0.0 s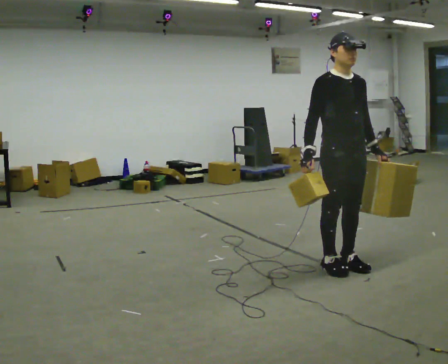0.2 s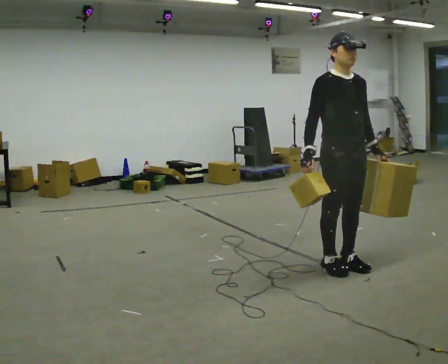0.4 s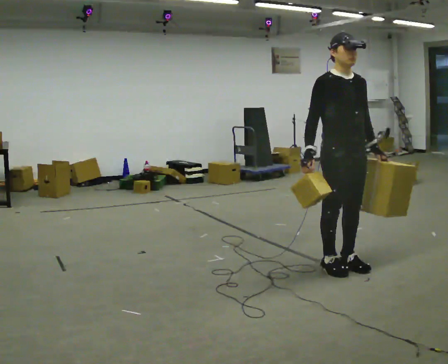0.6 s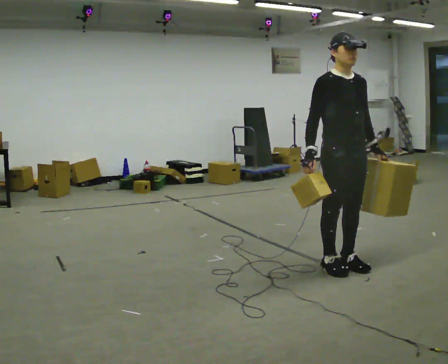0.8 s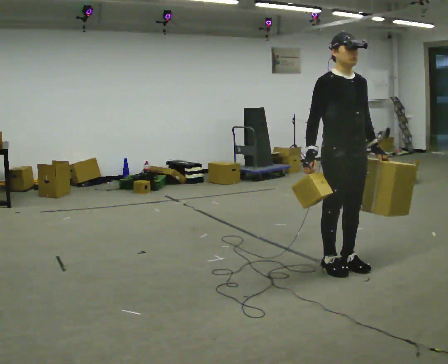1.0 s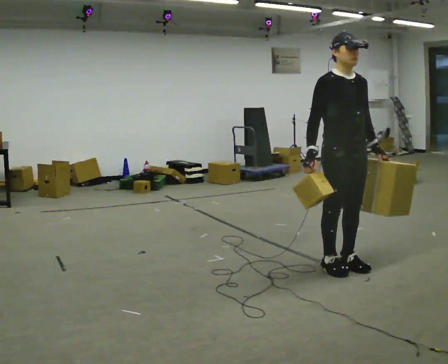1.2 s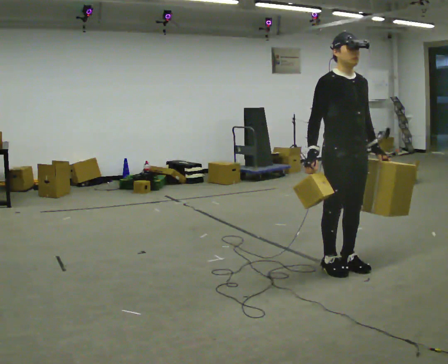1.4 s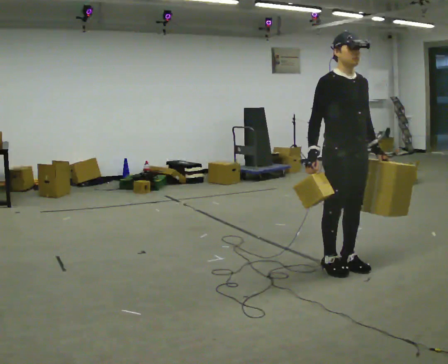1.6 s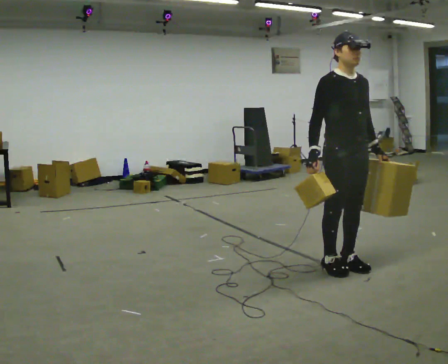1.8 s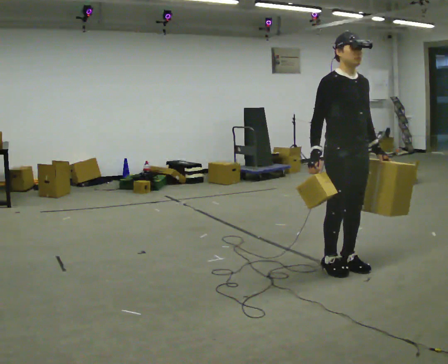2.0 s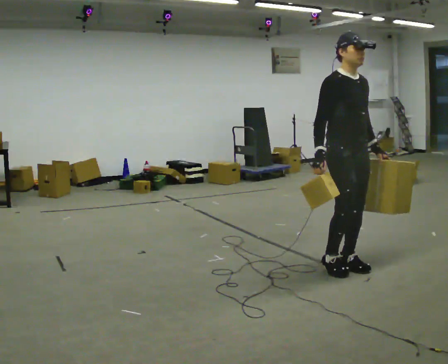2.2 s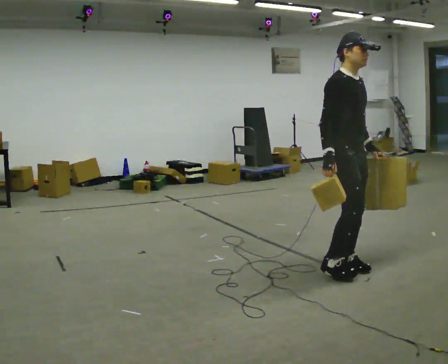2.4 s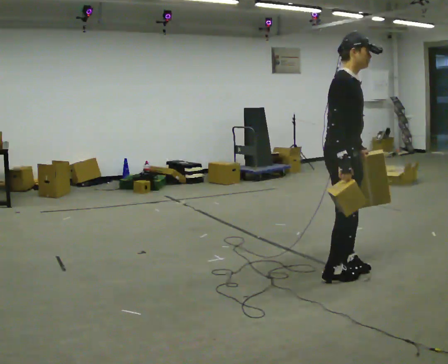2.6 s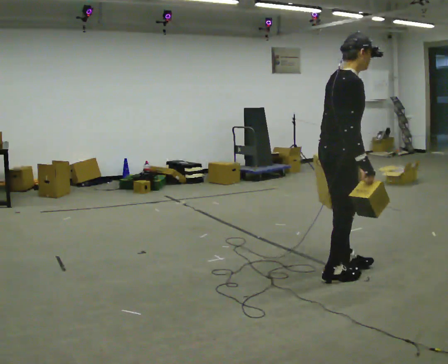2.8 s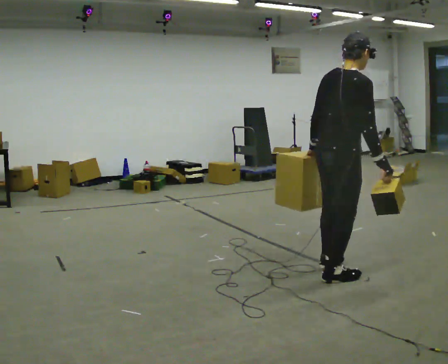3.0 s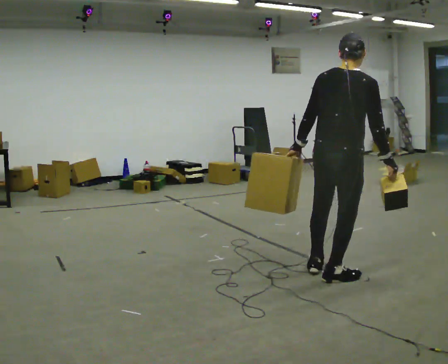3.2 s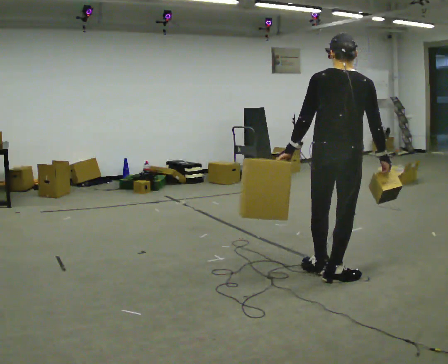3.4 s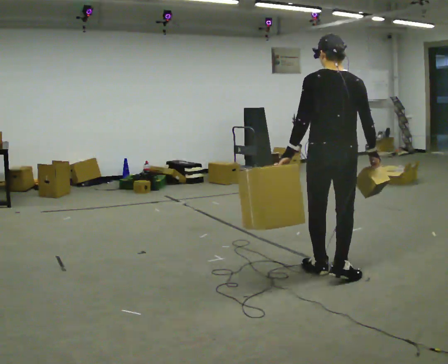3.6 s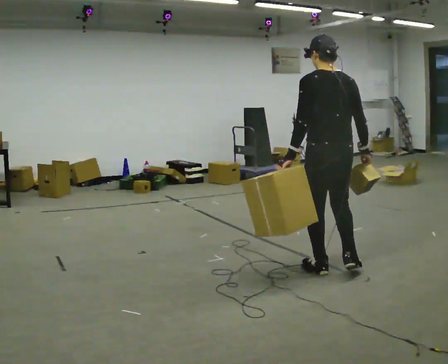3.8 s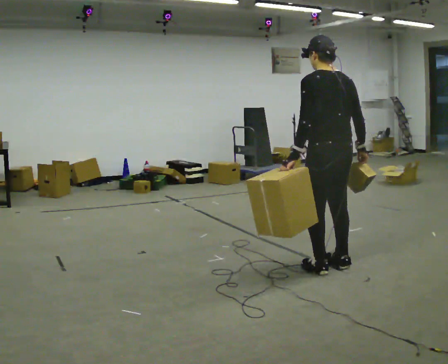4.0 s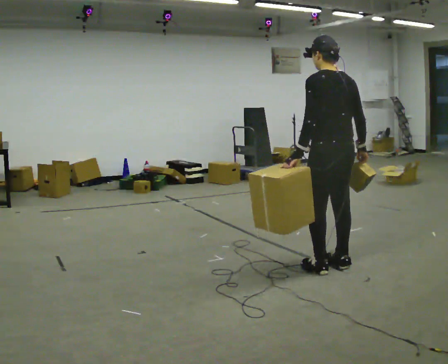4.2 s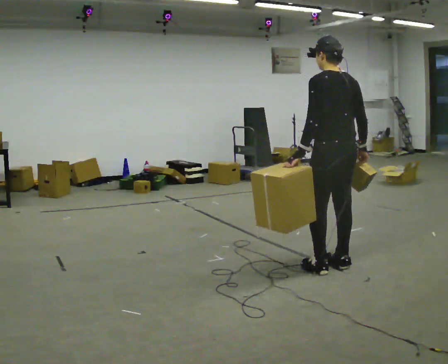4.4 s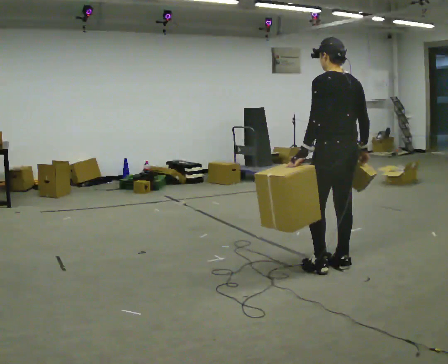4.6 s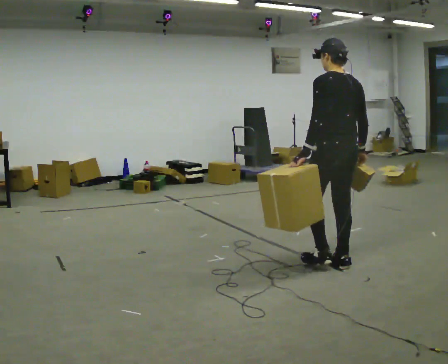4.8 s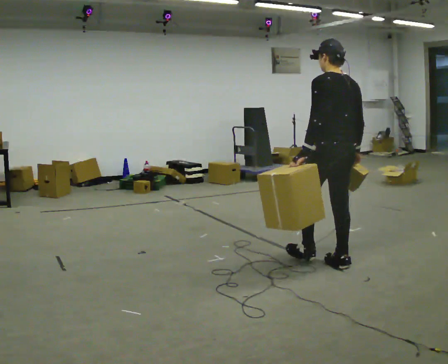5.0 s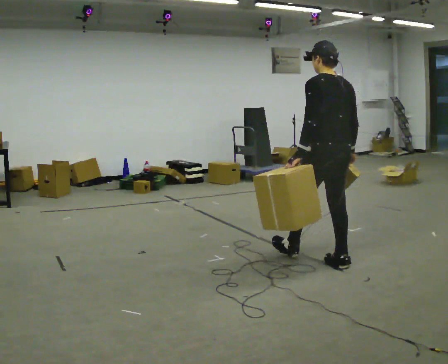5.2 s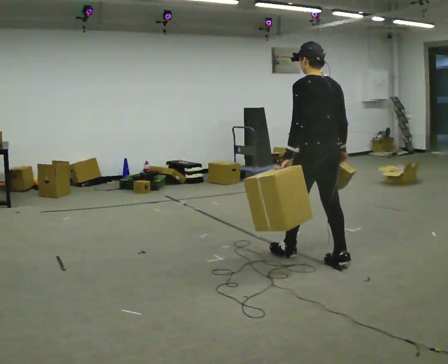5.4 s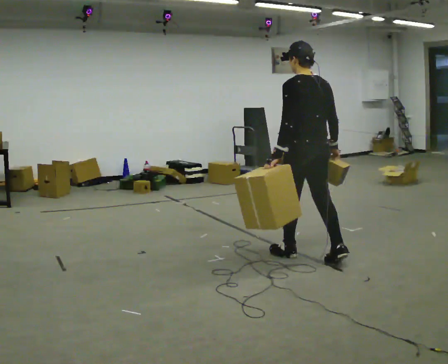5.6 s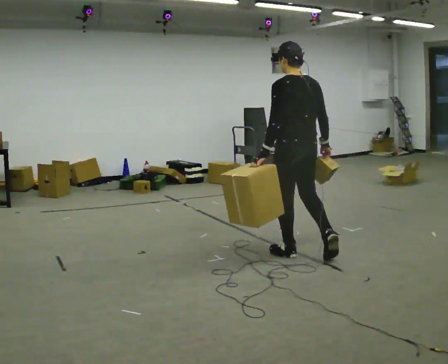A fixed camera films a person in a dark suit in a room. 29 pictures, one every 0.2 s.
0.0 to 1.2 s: The person moves a little, or ends about where they began.
1.2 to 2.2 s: The person turns about 30 degrees to their left, counterclockwise seen from above, so the part of the body nearest the lens slides to the right.
2.2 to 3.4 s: The part of the body nearest the lens slides to the right as the person turns to their left by about 135 degrees. In the picture their left hand goes to the left, the arm swinging clockwise.
3.4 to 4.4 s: In the picture they go away from the camera, about 0.25 m in 1 step, which for them is to their right and forward.
4.4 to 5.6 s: In the picture they go to the left and away from the camera, about 0.5 m in 1 step, which for them is forward and to their left.
The film runs forward here.
